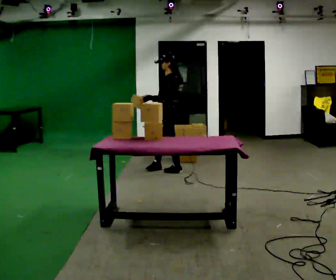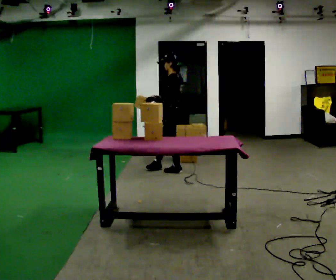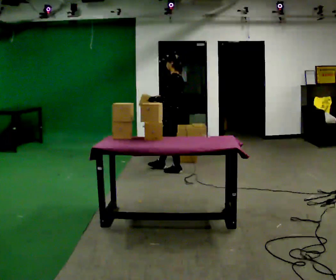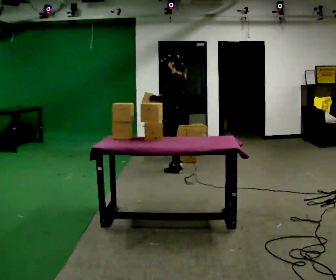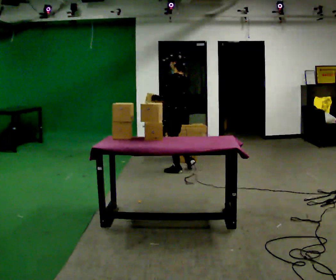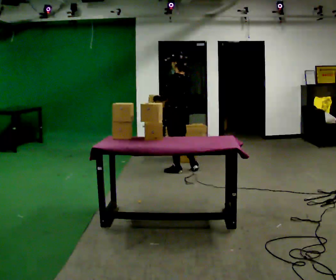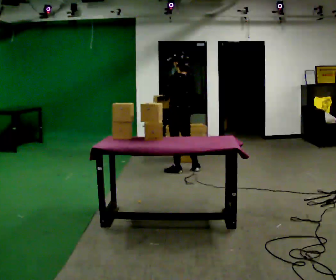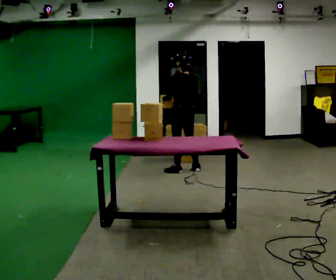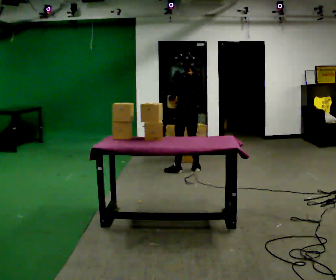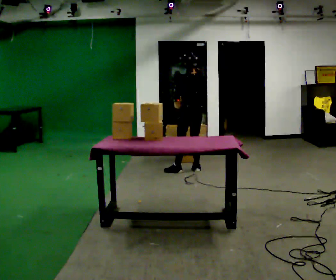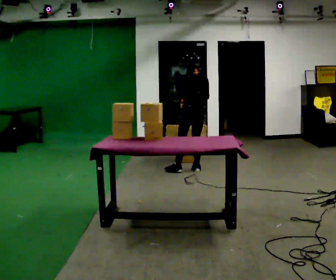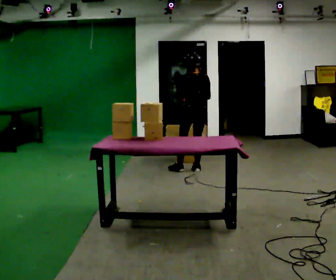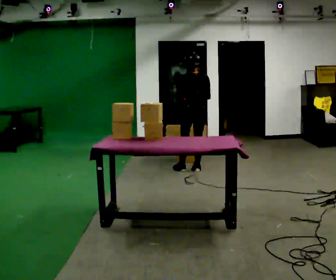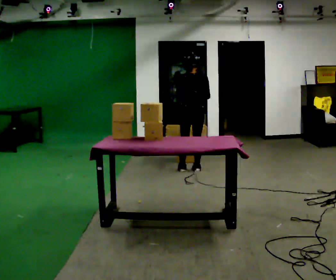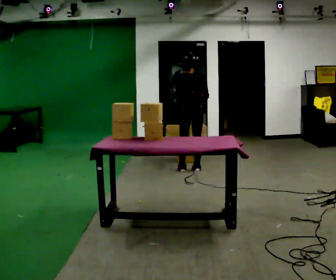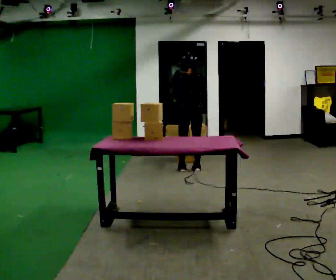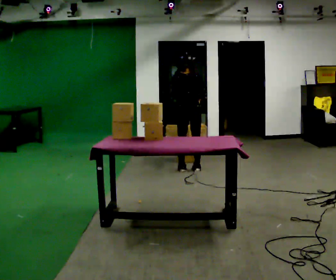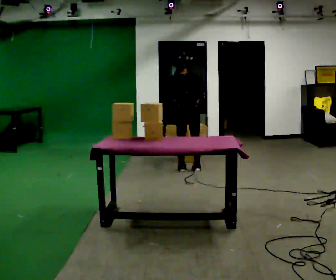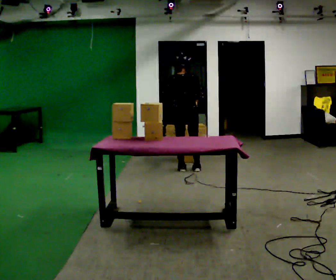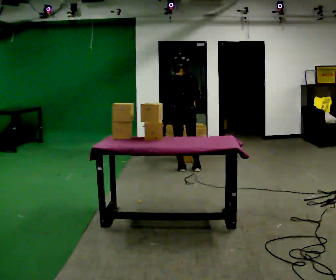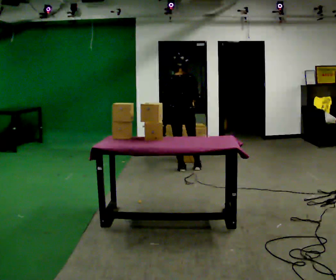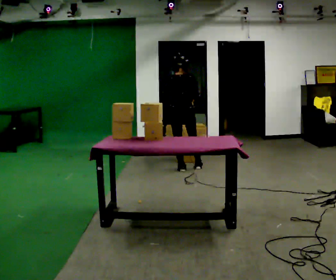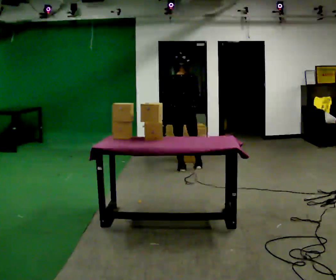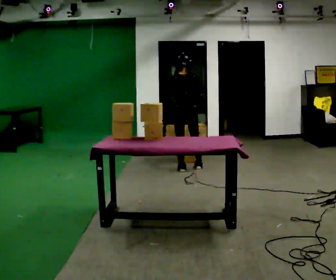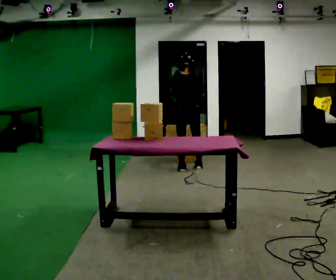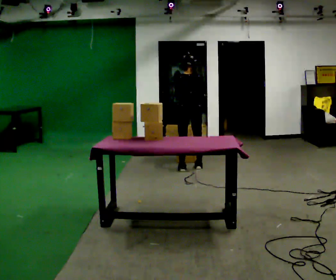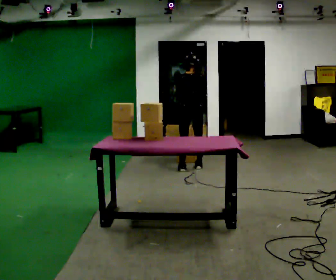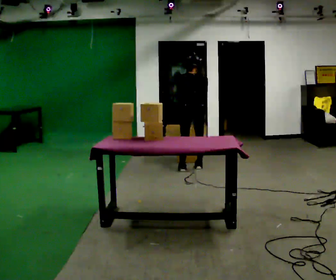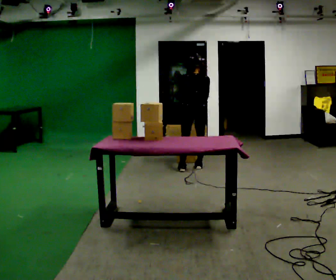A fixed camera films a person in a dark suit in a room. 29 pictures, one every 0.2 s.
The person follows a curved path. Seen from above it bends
counterclockwise.
0.0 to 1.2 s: The person turns about 60 degrees to their right, clockwise seen from above, so the part of the body nearest the lens slides to the left. In the picture they go to the right, about 0.25 m in 1 step, which for them is backward.
1.2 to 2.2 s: The part of the body nearest the lens slides to the left as the person turns to their right by about 30 degrees. In the picture they go to the right, about 0.25 m, which for them is to their right.
2.2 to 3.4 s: The person turns about 30 degrees to their right, clockwise seen from above, so the part of the body nearest the lens slides to the left.
3.4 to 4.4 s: The person moves a little, or ends about where they began.
4.4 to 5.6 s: In the picture they go to the right, about 0.25 m, which for them is to their right.
The film runs backward here.
